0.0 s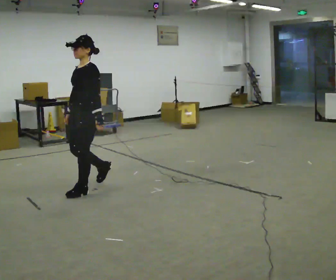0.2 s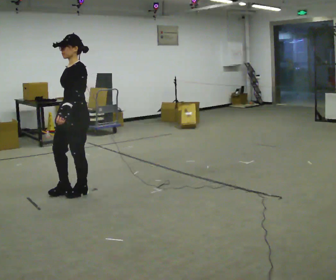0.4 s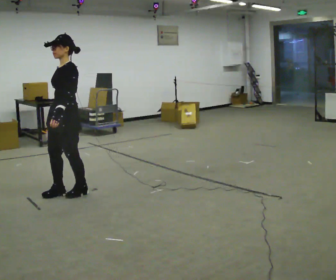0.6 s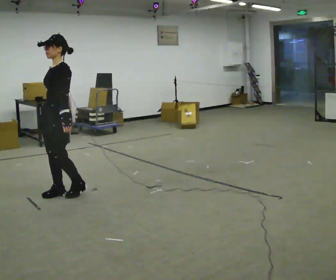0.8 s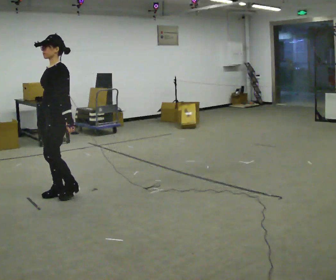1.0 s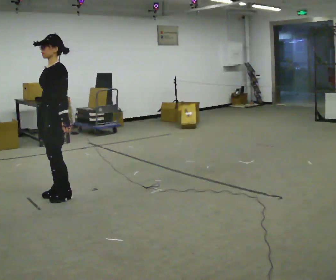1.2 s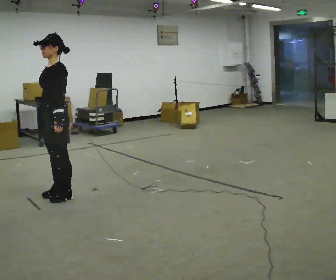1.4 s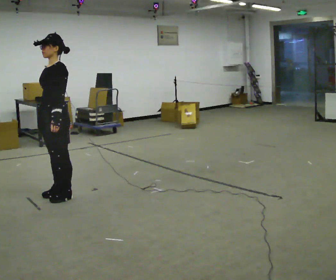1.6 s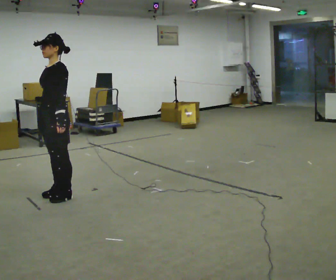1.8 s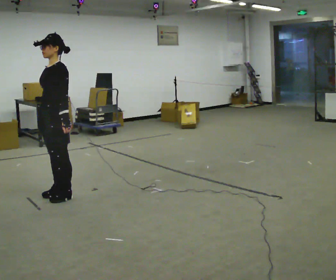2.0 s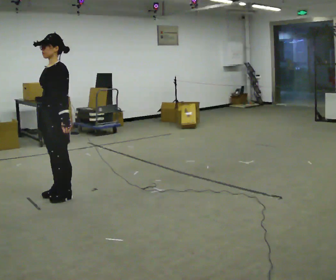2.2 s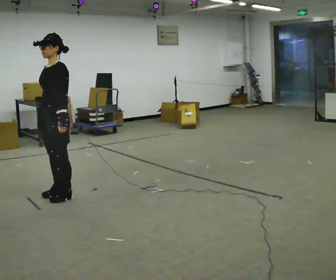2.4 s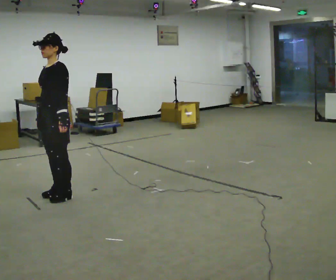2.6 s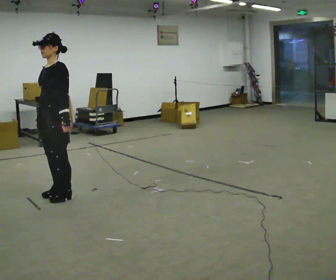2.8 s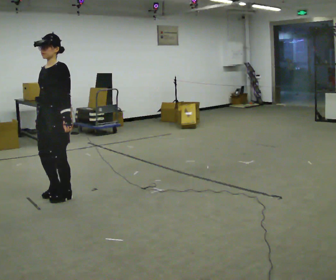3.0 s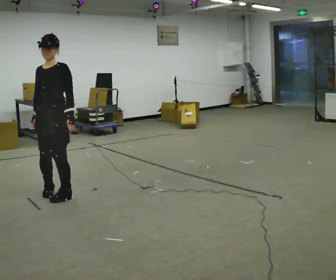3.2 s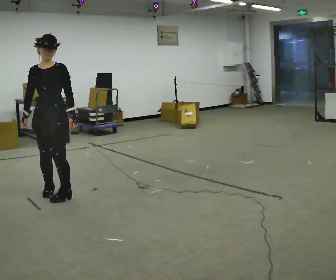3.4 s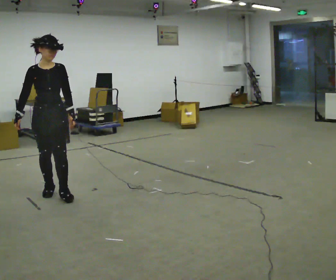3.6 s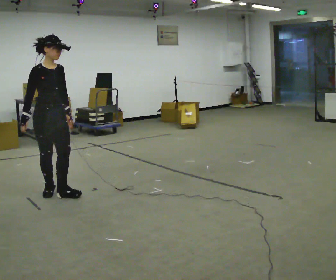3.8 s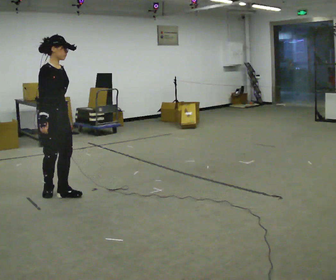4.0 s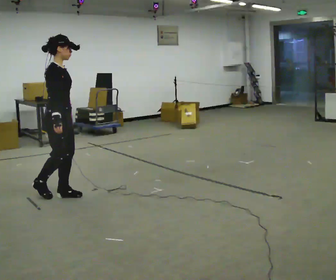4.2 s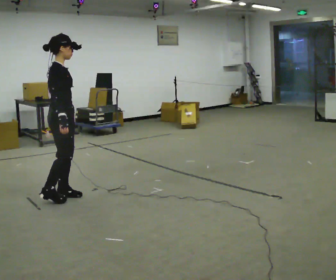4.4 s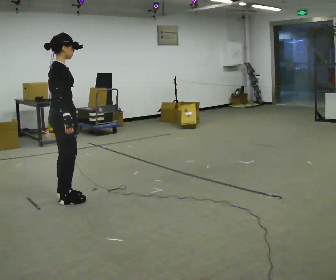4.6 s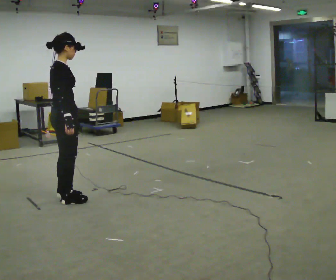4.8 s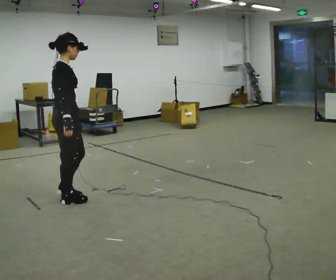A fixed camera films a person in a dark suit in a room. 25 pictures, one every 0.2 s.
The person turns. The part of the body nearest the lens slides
to the right.
The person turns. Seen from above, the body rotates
counterclockwise.
0.0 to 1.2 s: In the picture they go to the left, about 0.25 m in 2 steps, which for them is forward.
1.2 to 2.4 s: The person moves a little, or ends about where they began.
2.4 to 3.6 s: The person turns about 90 degrees to their left, counterclockwise seen from above, so the part of the body nearest the lens slides to the right.
3.6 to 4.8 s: The part of the body nearest the lens slides to the right as the person turns to their left by about 60 degrees. In the picture they go toward the camera, about 0.25 m in 1 step.
The film runs forward here.
